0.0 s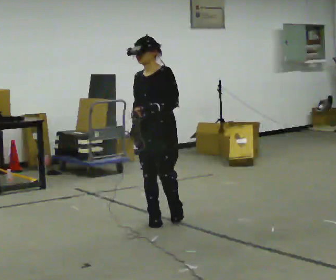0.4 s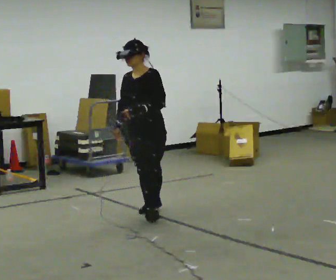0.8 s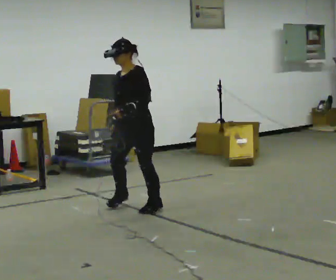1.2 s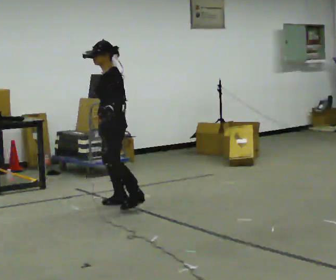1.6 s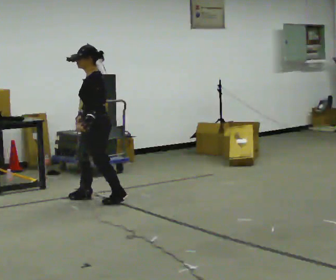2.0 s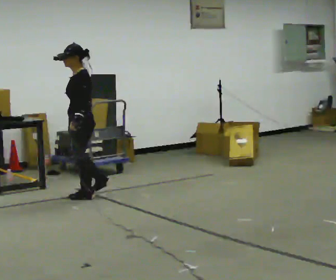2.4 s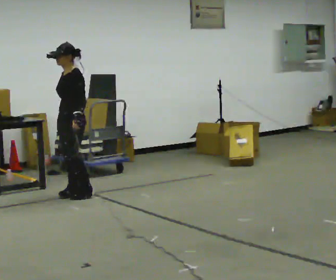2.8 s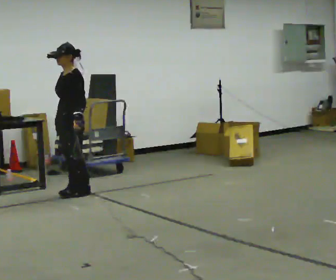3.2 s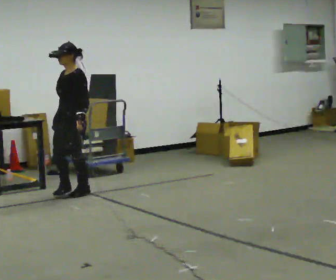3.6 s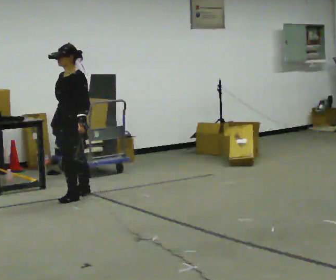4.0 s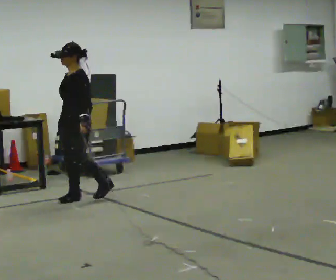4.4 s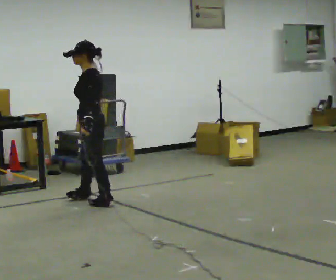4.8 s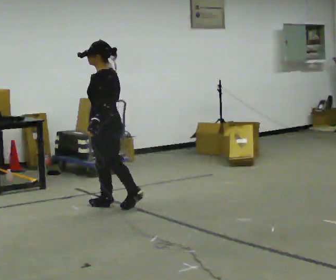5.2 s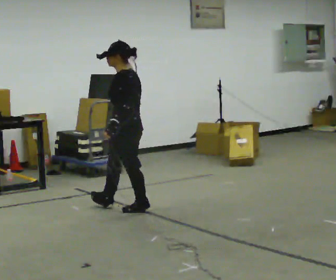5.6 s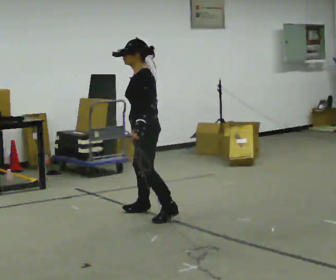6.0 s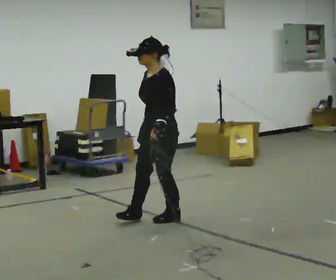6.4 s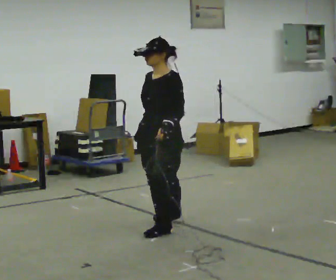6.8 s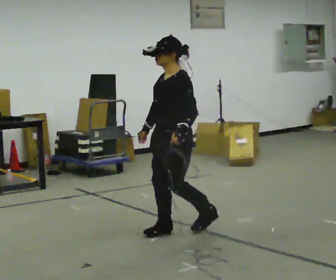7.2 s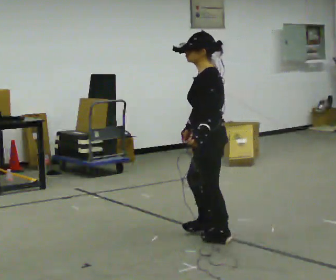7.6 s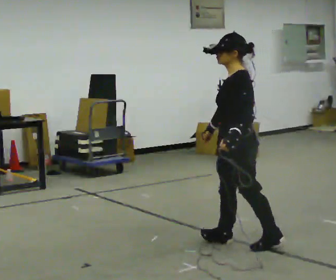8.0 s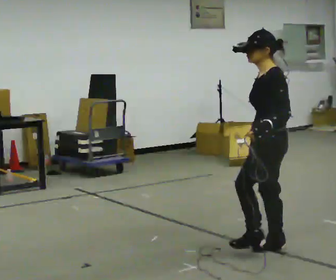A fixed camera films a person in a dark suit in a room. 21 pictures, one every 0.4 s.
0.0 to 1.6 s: The part of the body nearest the lens slides to the left as the person turns to their right by about 75 degrees. In the picture they go away from the camera and to the left, about 1 m in 2 steps.
1.6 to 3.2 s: The part of the body nearest the lens slides to the right as the person turns to their left by about 45 degrees. In the picture they go away from the camera and to the left, about 0.5 m in 3 steps, which for them is to their right.
3.2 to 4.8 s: The part of the body nearest the lens slides to the left as the person turns to their right by about 60 degrees. In the picture they go toward the camera and to the right, about 0.75 m in 2 steps.
4.8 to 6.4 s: The part of the body nearest the lens slides to the right as the person turns to their left by about 75 degrees. In the picture they go toward the camera and to the right, about 1 m in 2 steps.
6.4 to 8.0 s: The person turns about 60 degrees to their right, clockwise seen from above, so the part of the body nearest the lens slides to the left. In the picture they go toward the camera and to the right, about 1 m in 3 steps.
The film runs backward here.
